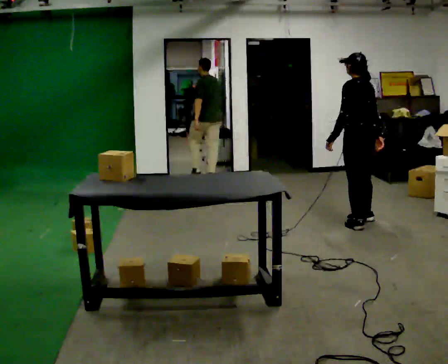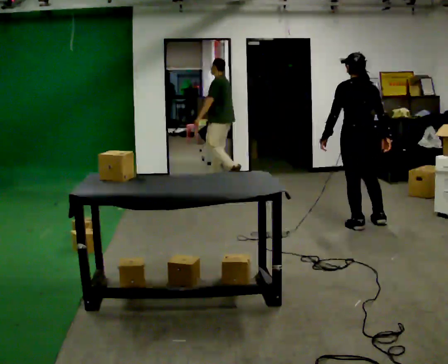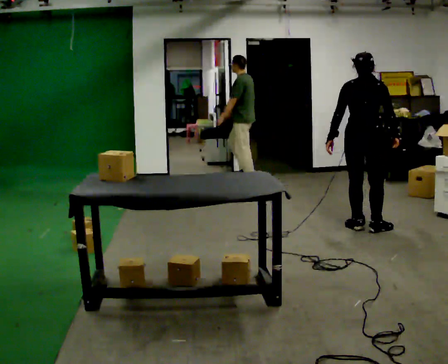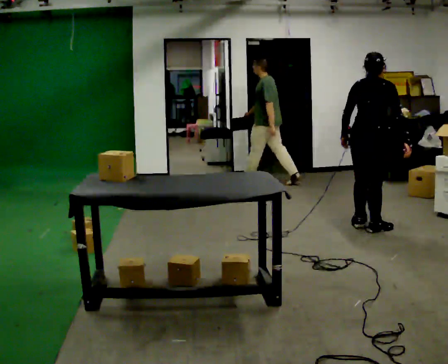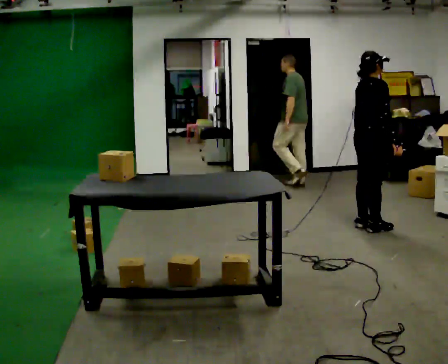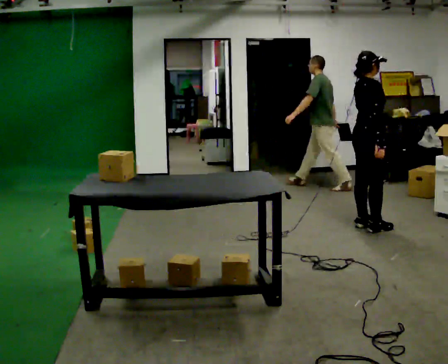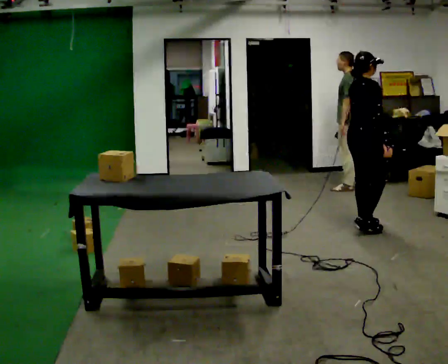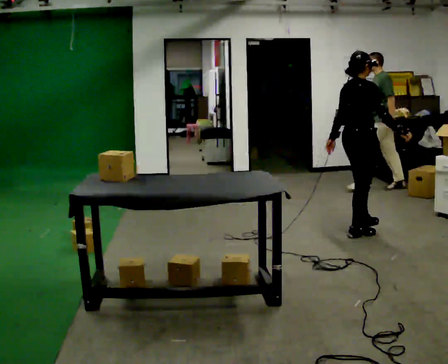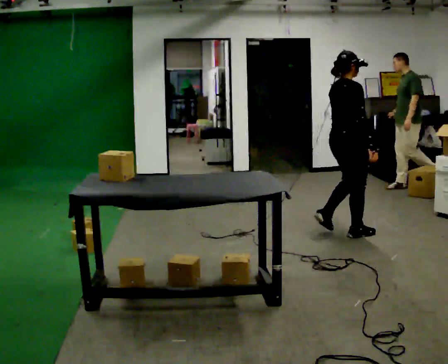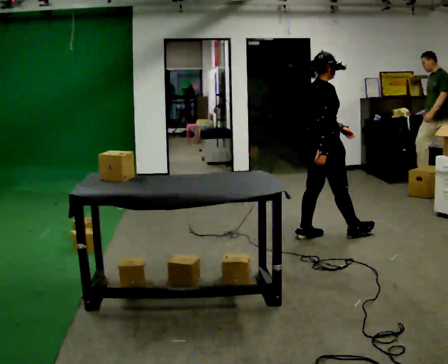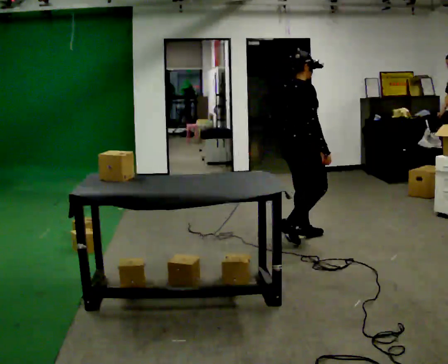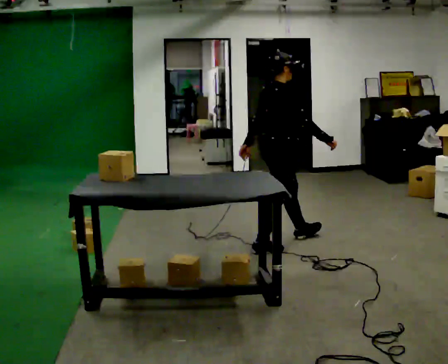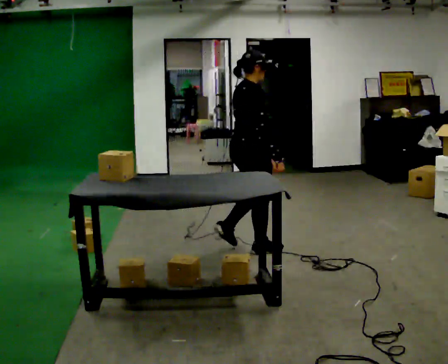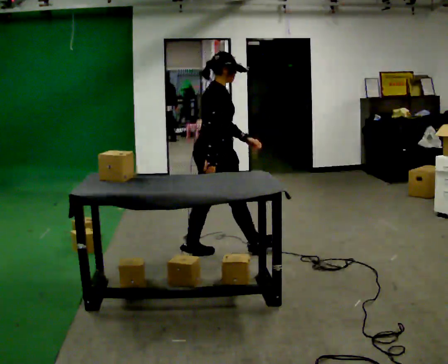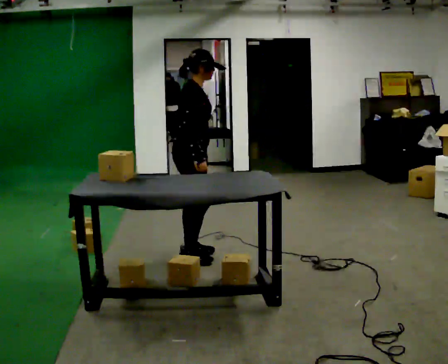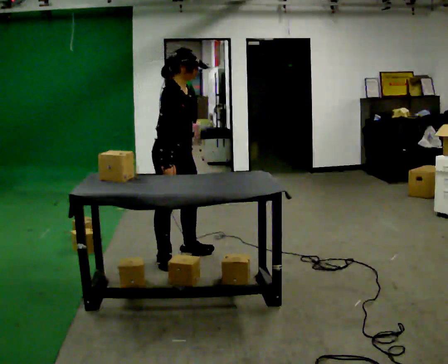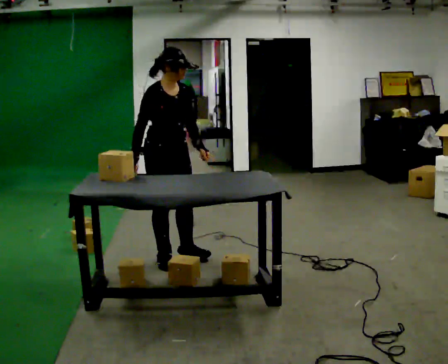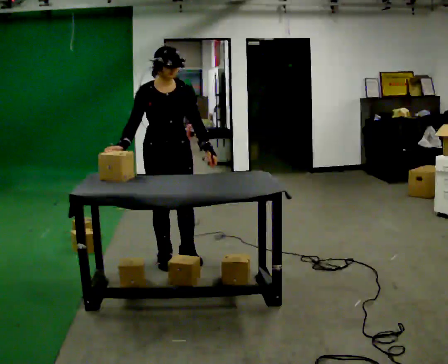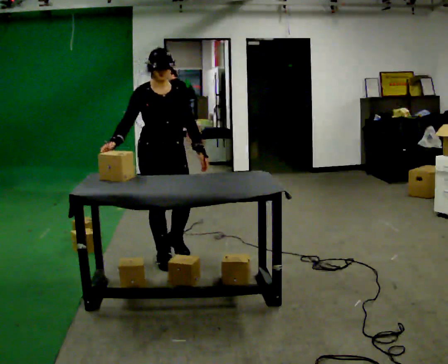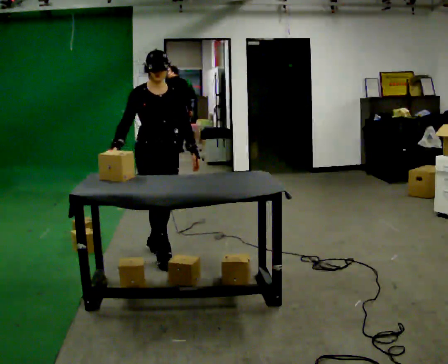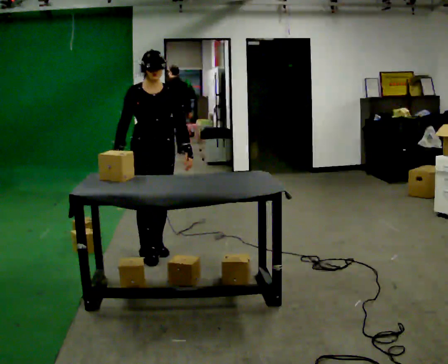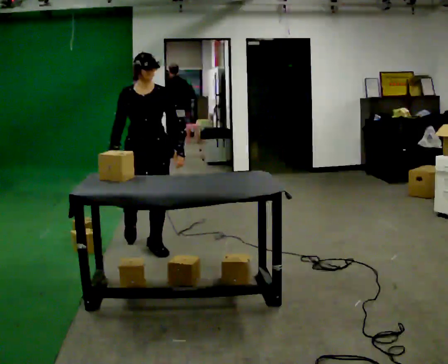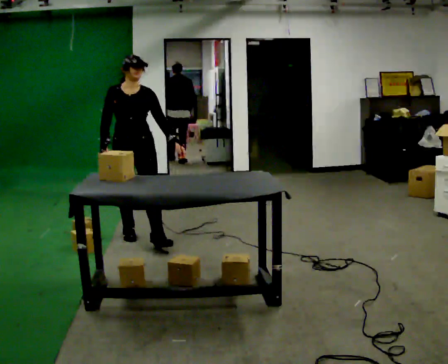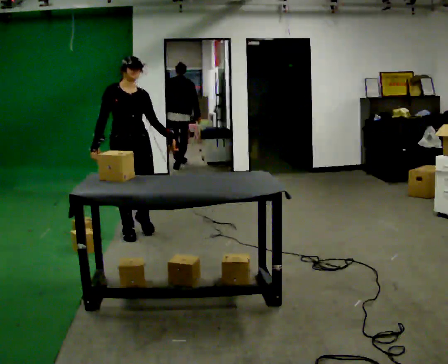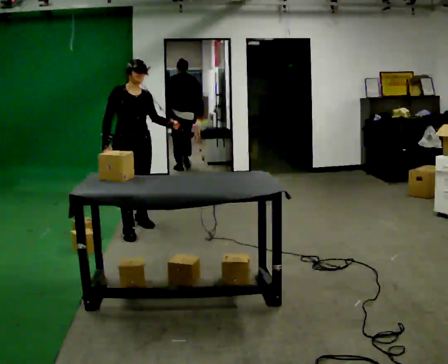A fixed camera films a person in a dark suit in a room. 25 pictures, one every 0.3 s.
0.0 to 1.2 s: The part of the body nearest the lens slides to the left as the person turns to their right by about 120 degrees. In the picture they go toward the camera, about 0.25 m in 1 step.
1.2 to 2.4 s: In the picture they go to the left, about 0.25 m in 2 steps, which for them is backward.
2.4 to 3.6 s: In the picture they go to the left and toward the camera, about 1 m in 2 steps, which for them is backward.
3.6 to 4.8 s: Seen from above the body turns clockwise, about 60 degrees: to their right, with its near side sliding to the left. In the picture they go to the left, about 0.75 m in 1 step.
4.8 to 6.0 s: In the picture they go away from the camera, about 0.25 m in 2 steps, which for them is backward.
6.0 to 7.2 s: In the picture they go away from the camera and to the left, about 0.5 m in 1 step, which for them is backward and to their right.
The film runs backward here.
